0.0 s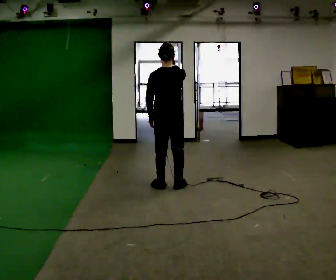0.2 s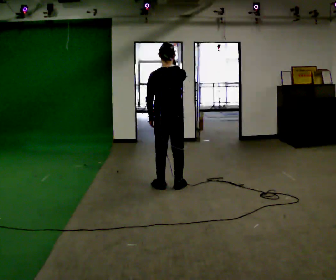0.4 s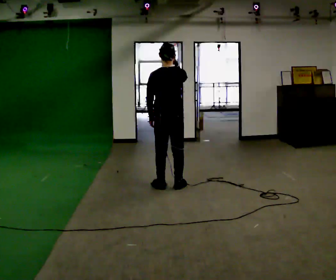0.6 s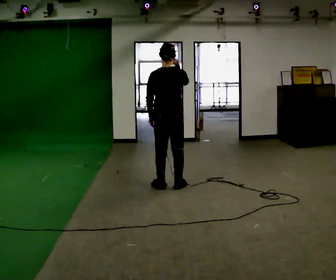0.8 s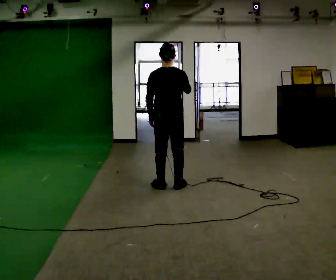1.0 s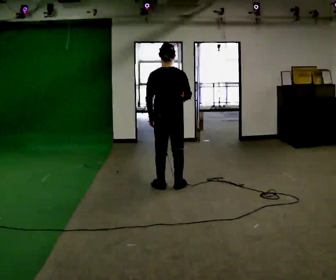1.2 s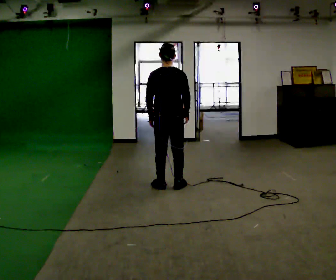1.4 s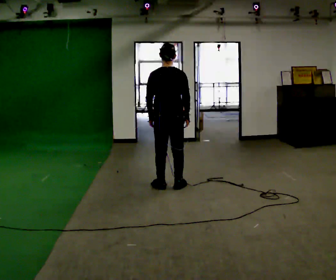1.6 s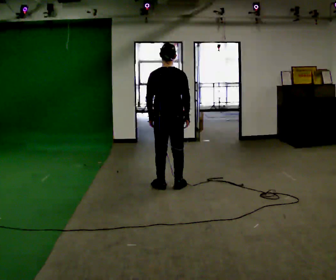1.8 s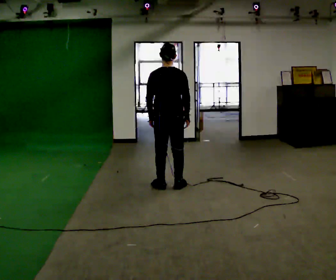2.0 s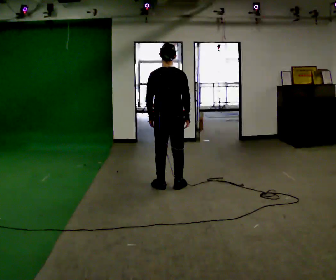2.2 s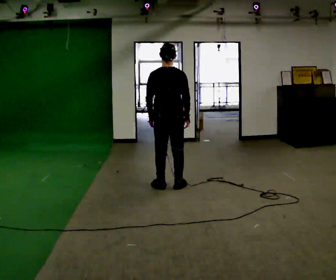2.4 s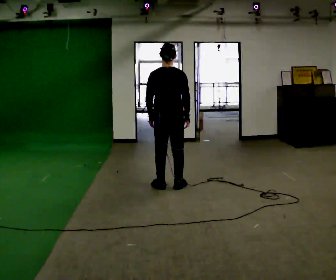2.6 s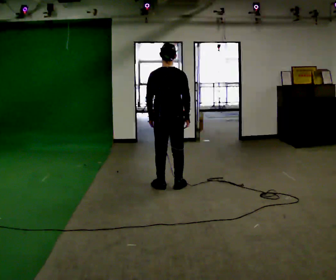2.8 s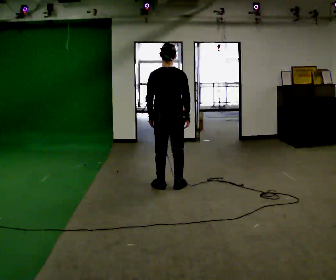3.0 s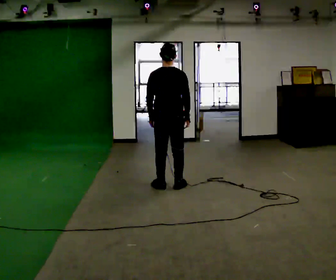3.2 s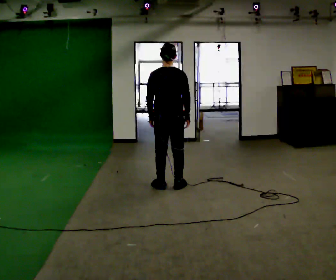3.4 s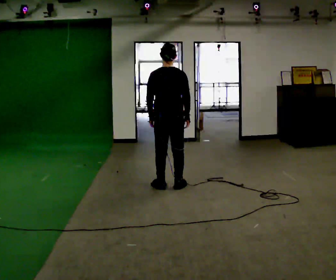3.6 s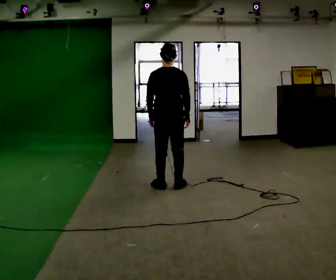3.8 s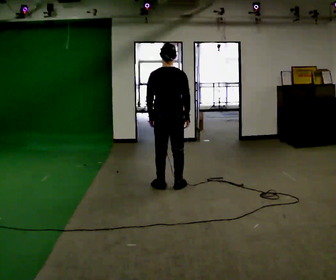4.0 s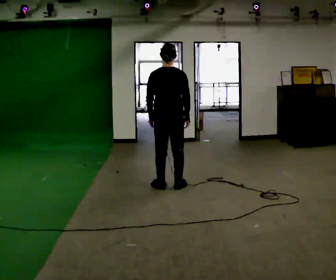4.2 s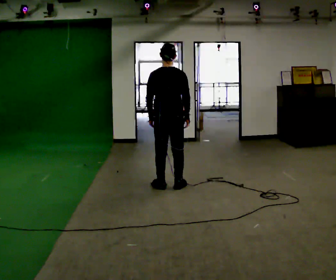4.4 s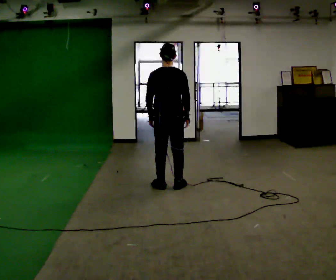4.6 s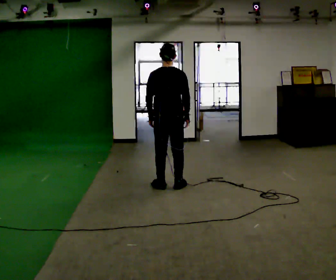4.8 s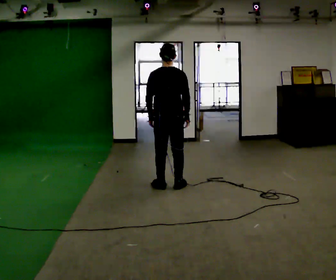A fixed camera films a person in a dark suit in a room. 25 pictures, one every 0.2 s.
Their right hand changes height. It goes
downward.
0.0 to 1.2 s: In the picture their right hand goes downward.
1.2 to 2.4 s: The person moves a little, or ends about where they began.
2.4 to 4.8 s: The person keeps their place and pose.
The film runs backward here.
